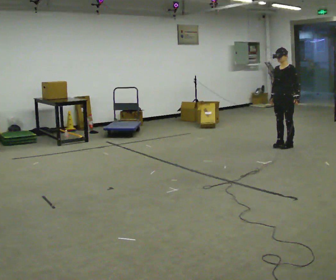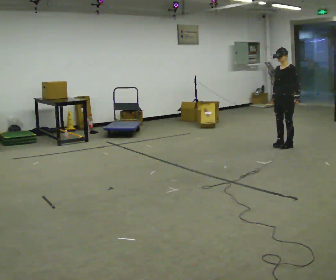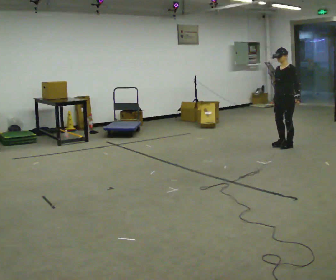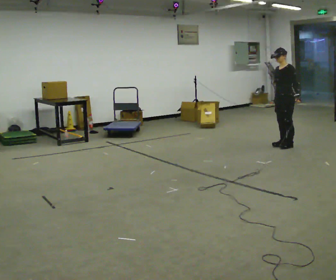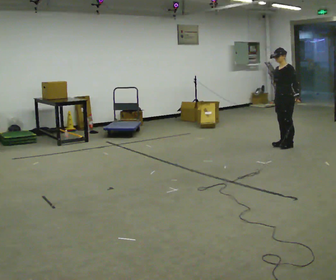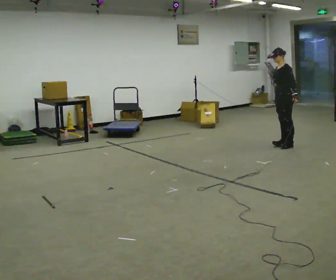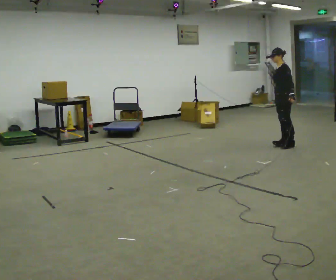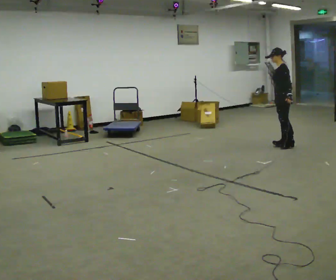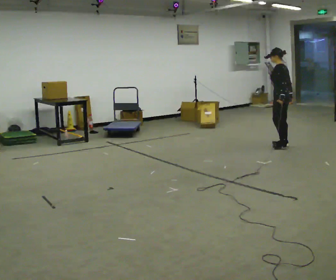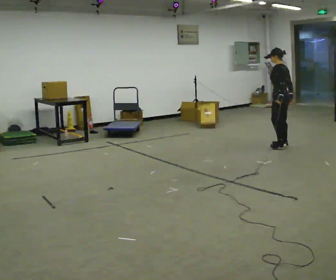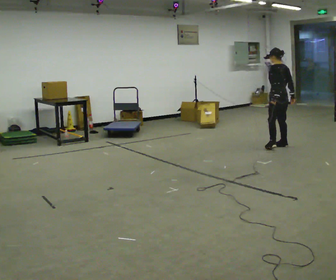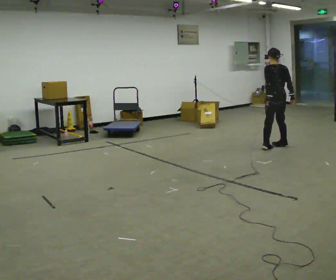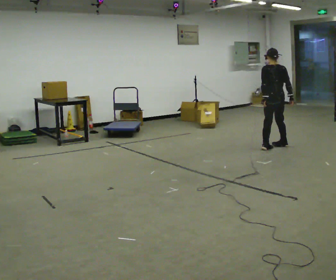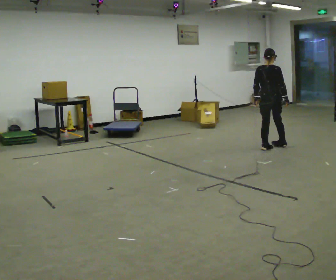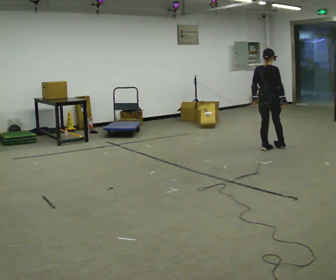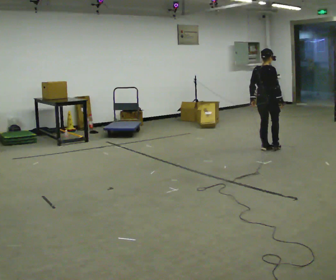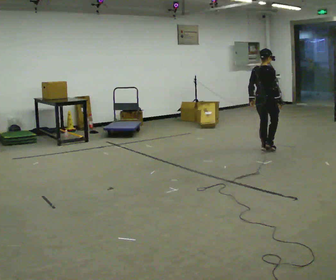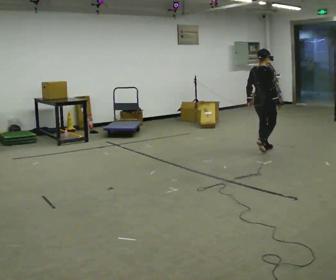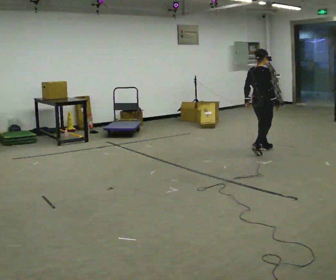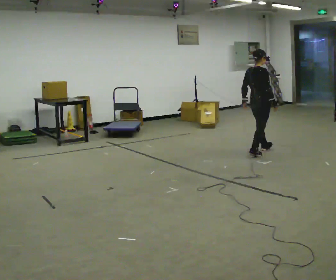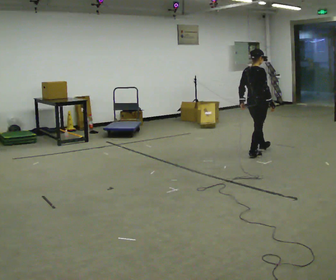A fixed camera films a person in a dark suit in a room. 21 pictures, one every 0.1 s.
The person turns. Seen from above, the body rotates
clockwise.
The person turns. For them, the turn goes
to their right.
0.0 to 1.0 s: The person turns about 90 degrees to their right, clockwise seen from above, so the part of the body nearest the lens slides to the left. In the picture their right hand goes to the right, the arm swinging counterclockwise.
1.0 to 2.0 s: The part of the body nearest the lens slides to the left as the person turns to their right by about 90 degrees. In the picture they go toward the camera and to the left, about 0.5 m in 2 steps.
The film runs backward here.
